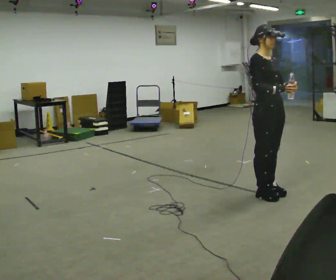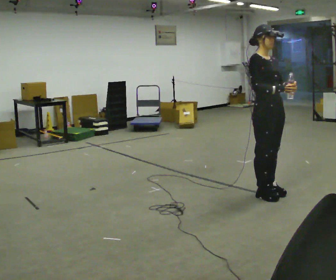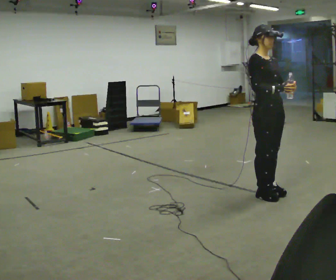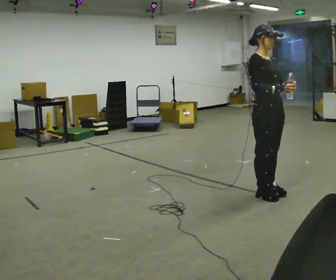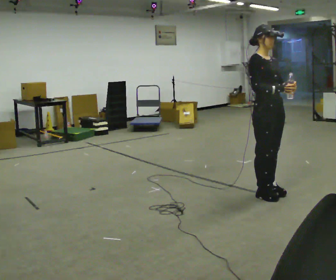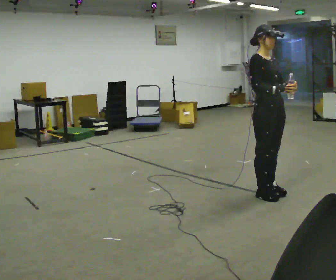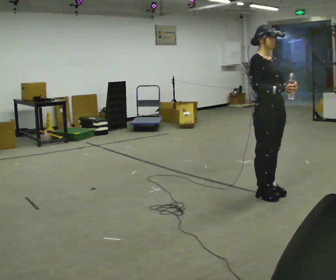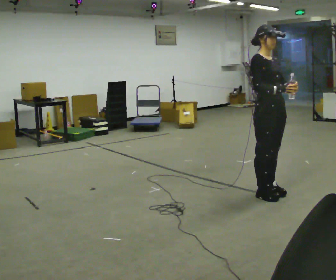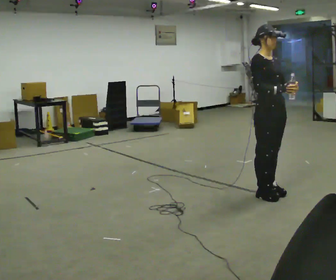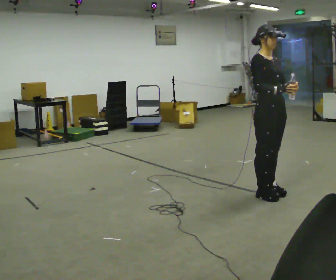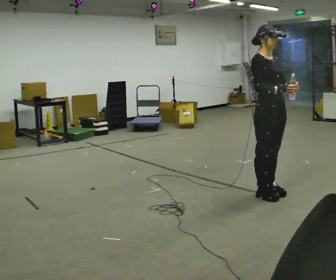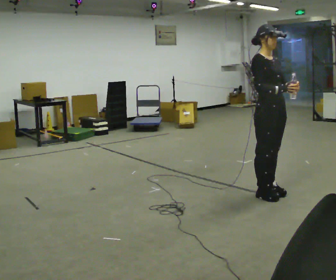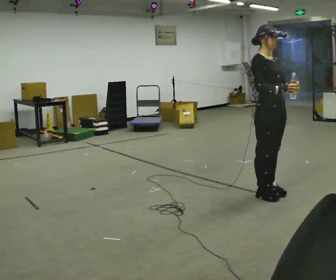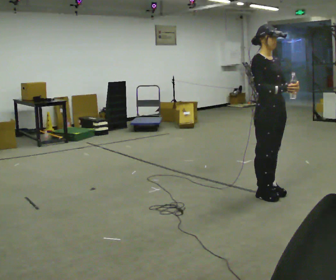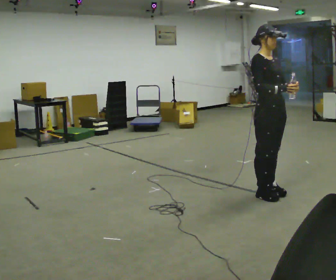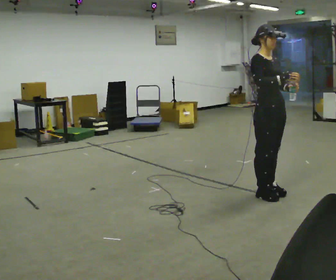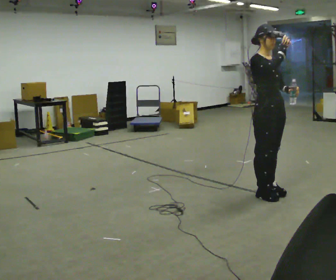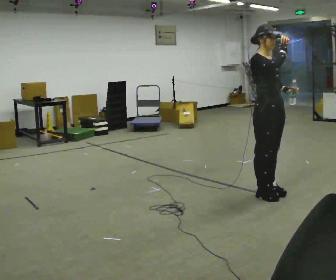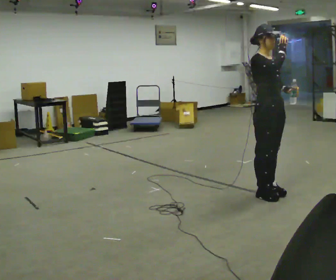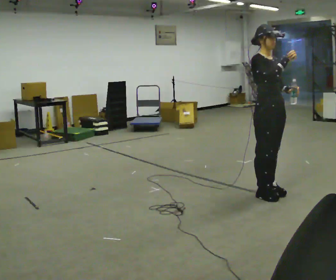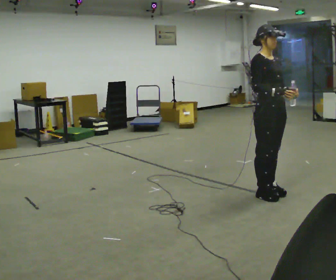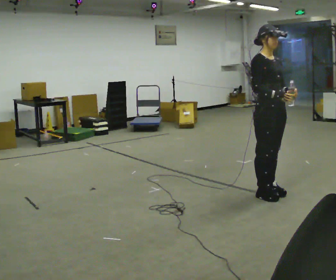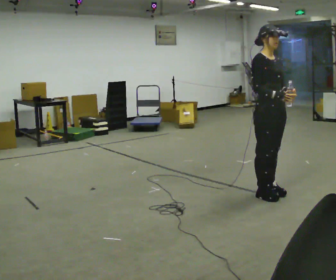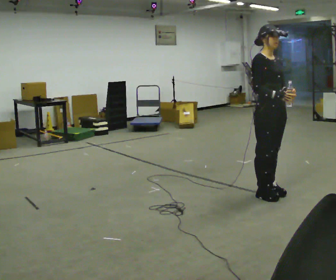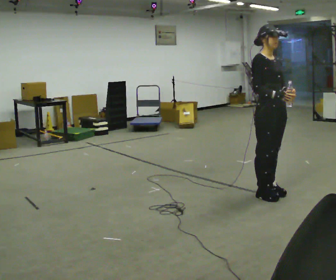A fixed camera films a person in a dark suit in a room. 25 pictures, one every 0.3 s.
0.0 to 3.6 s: The person moves a little, or ends about where they began.
3.6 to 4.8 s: In the picture their right hand goes upward.
4.8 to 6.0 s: In the picture their right hand goes downward.
6.0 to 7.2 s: The person moves a little, or ends about where they began.
The film runs forward here.
